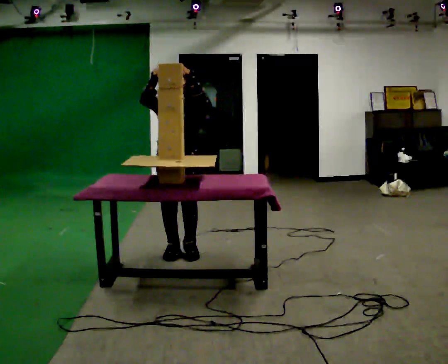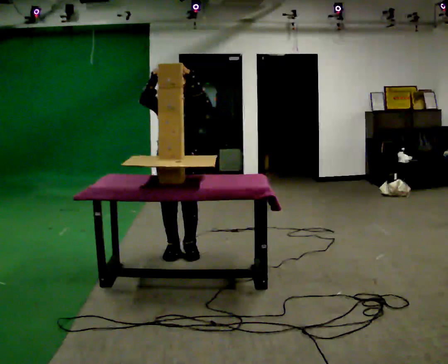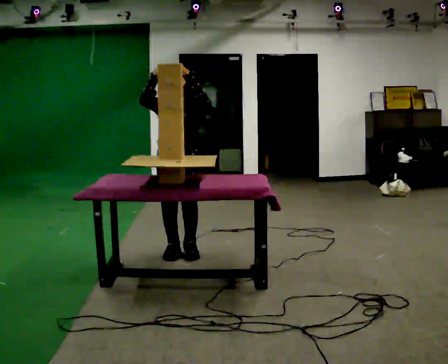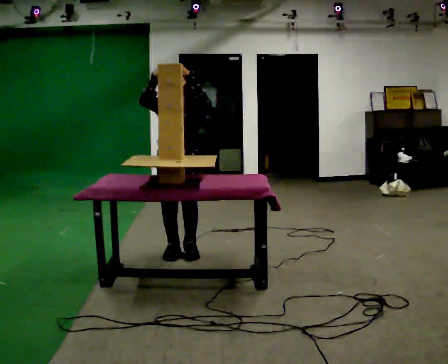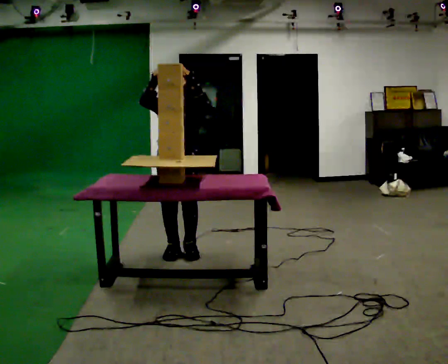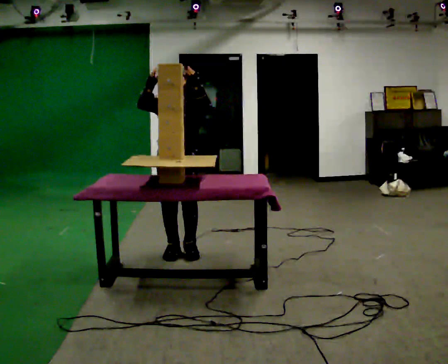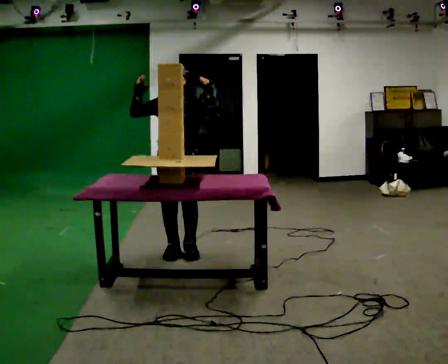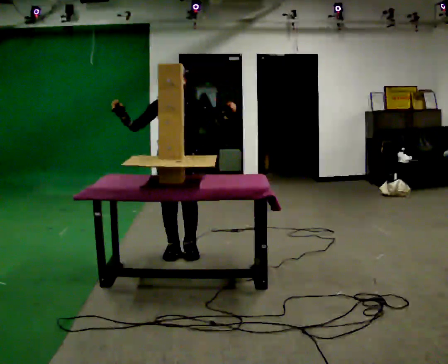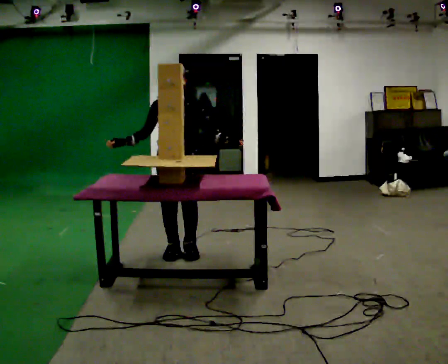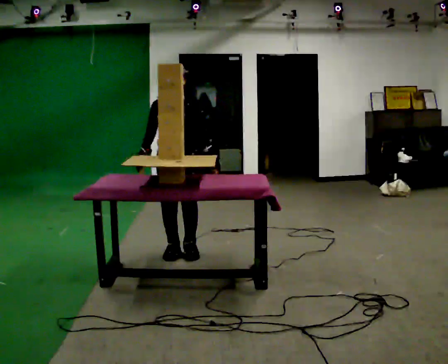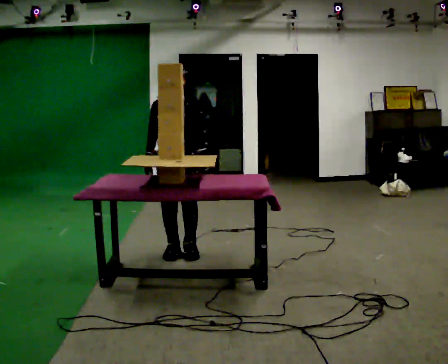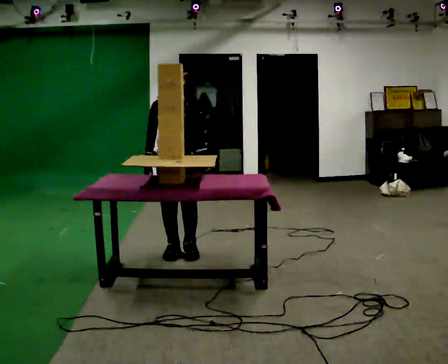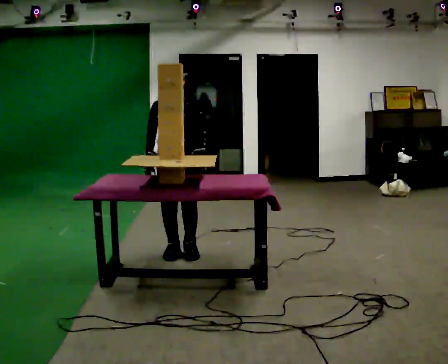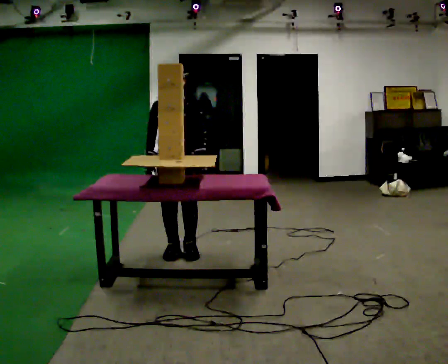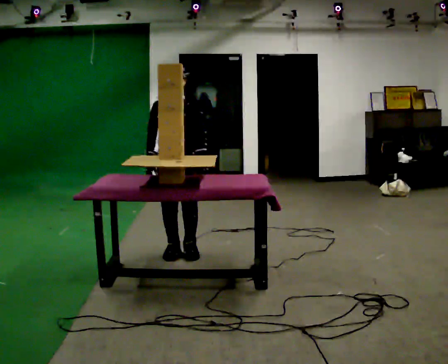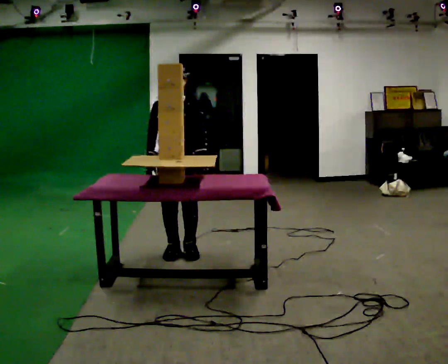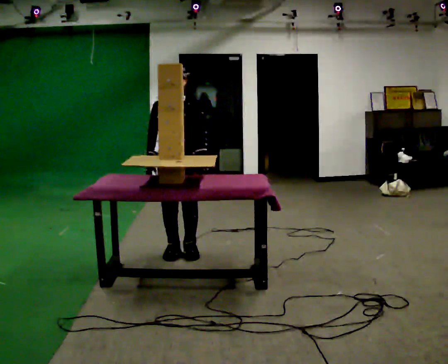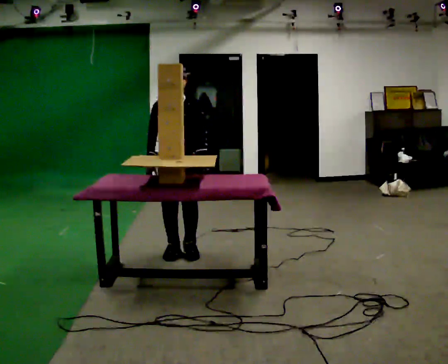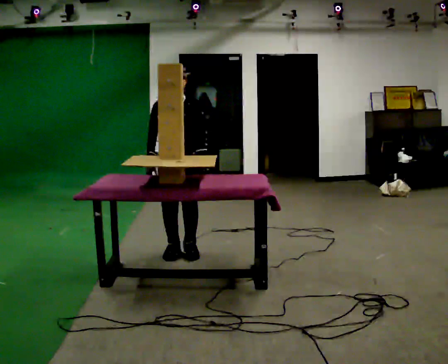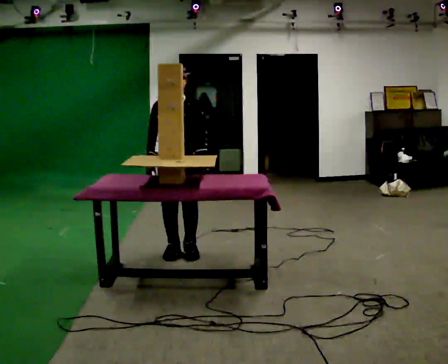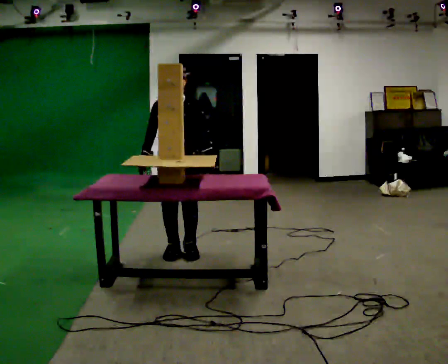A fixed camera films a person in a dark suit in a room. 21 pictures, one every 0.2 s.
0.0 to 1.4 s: The person moves a little, or ends about where they began.
1.4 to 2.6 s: In the picture their left hand goes downward, the arm swinging clockwise.
2.6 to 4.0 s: The person moves a little, or ends about where they began.
The film runs forward here.
